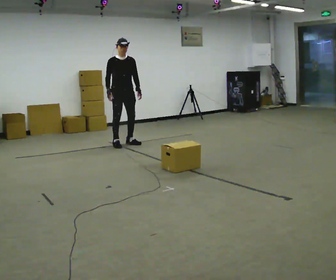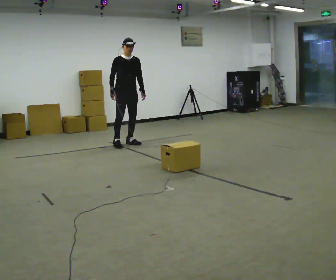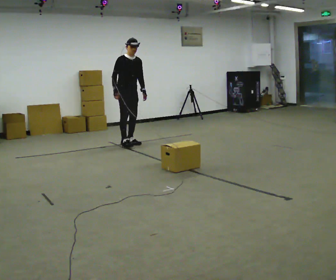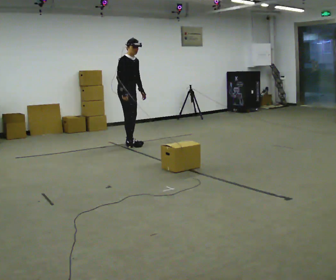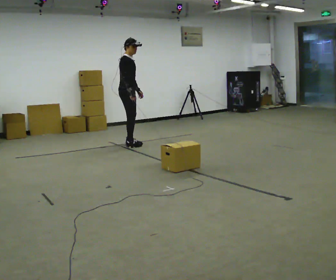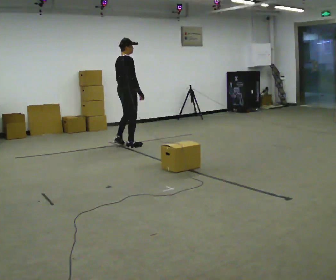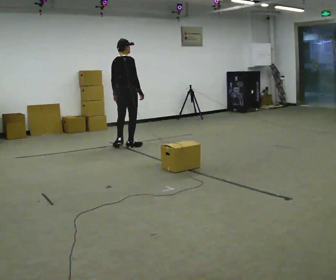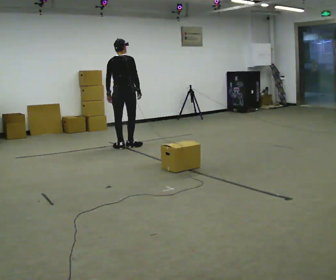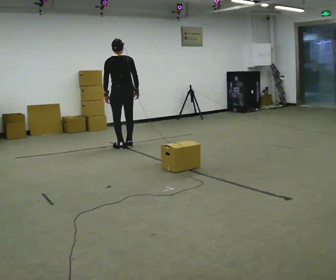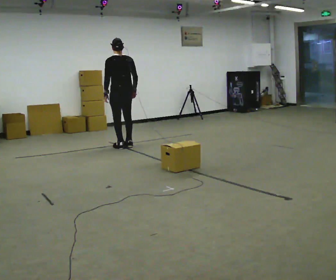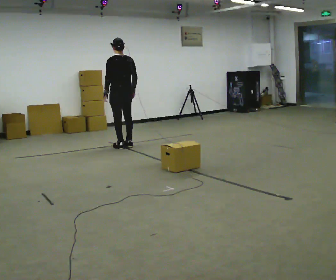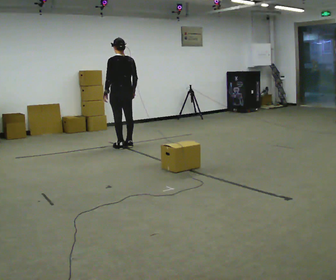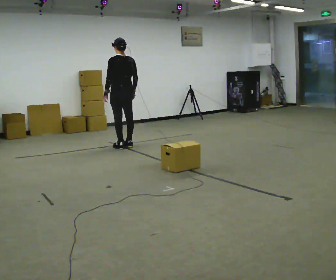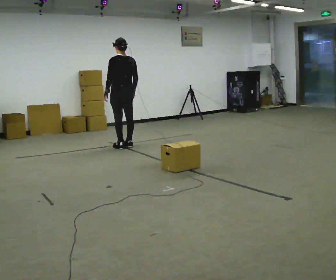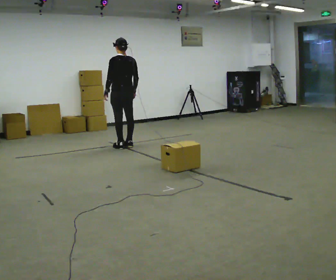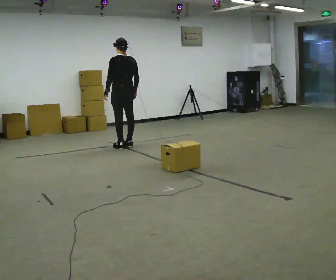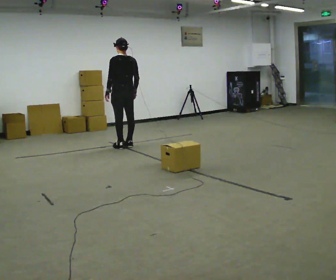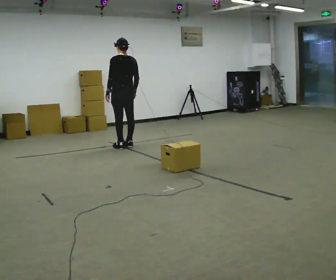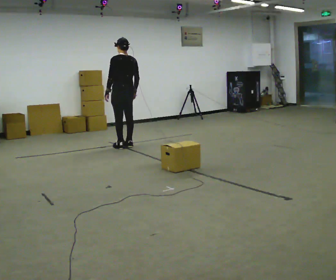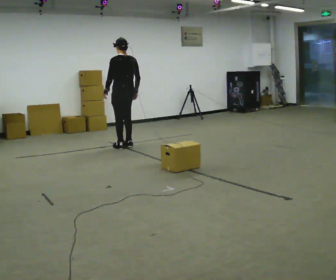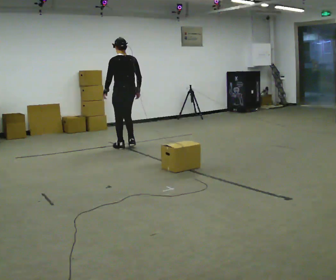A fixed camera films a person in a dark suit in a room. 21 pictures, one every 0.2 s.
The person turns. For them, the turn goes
to their left.
Their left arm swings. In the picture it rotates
clockwise.
0.0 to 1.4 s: The person turns about 135 degrees to their left, counterclockwise seen from above, so the part of the body nearest the lens slides to the right. In the picture they go toward the camera, about 0.25 m in 2 steps. In the picture their left hand goes to the left, the arm swinging clockwise.
1.4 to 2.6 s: Seen from above the body turns counterclockwise, about 45 degrees: to their left, with its near side sliding to the right.
2.6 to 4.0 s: The person moves a little, or ends about where they began.
The film runs backward here.
